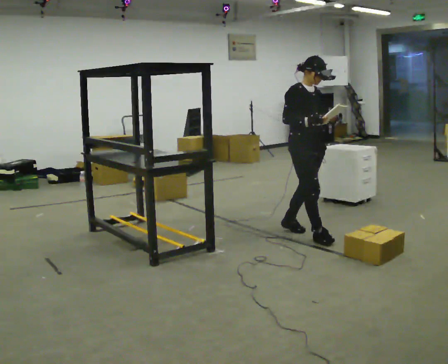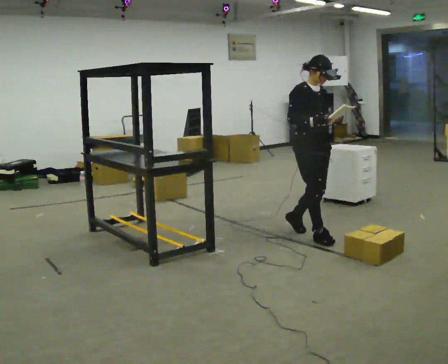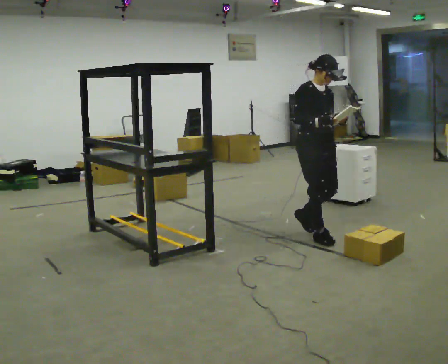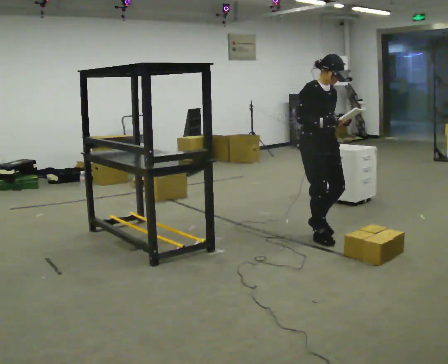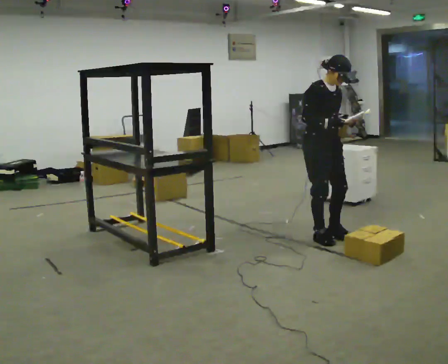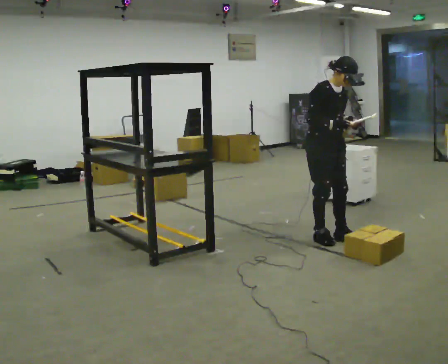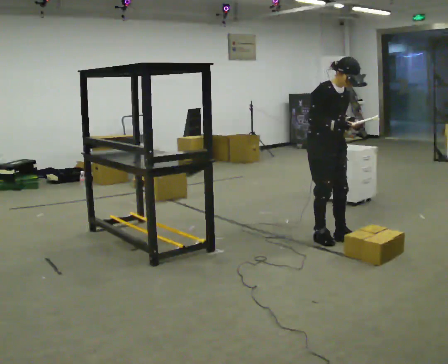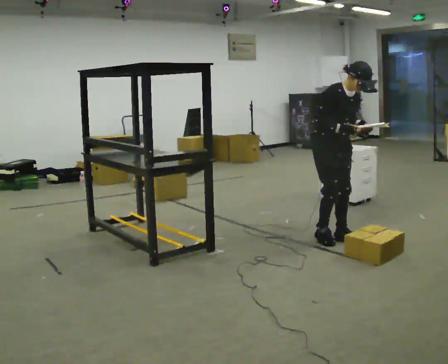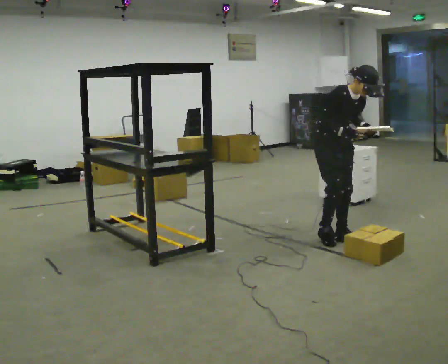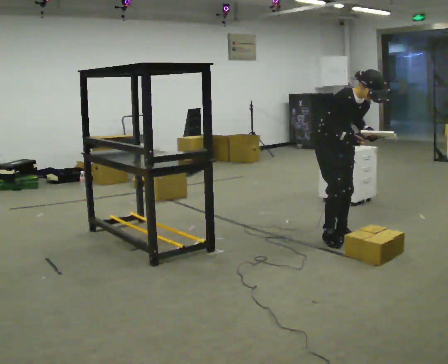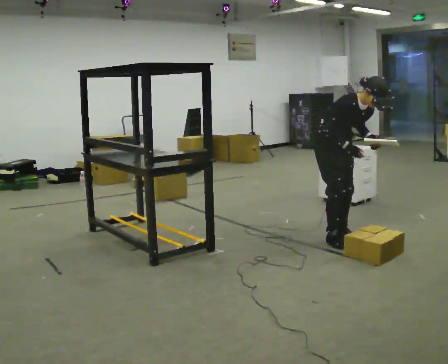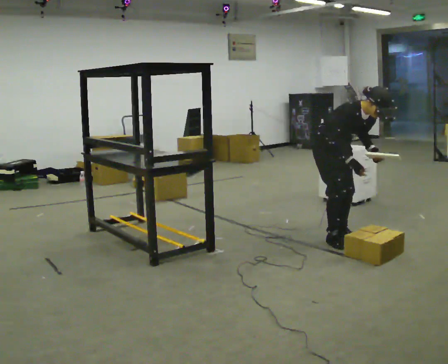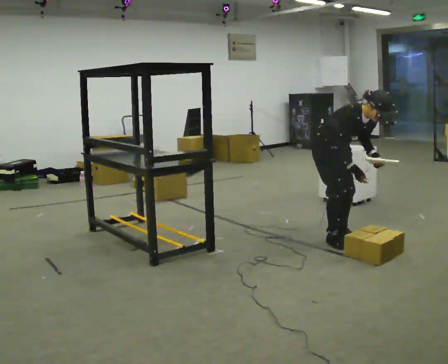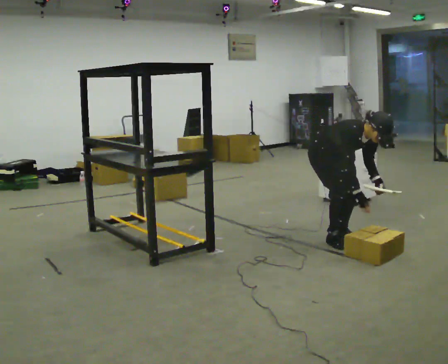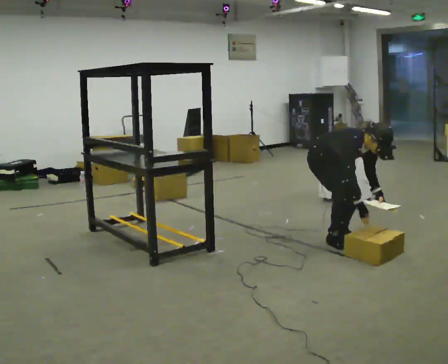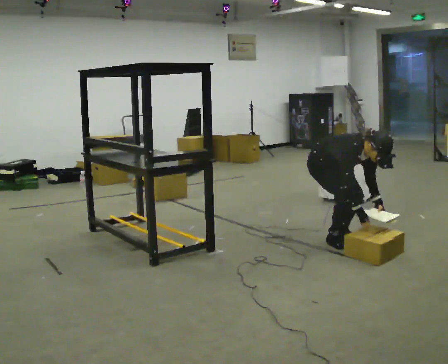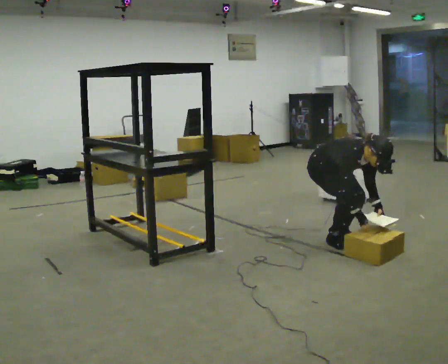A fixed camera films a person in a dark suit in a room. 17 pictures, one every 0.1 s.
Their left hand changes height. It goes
downward.
The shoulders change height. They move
downward.
0.0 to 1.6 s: In the picture they go to the right, about 0.25 m in 1 step, which for them is forward. The upper body goes downward. In the picture the upper body tilts clockwise, shoulders to the right, as they bend forward. In the picture their right hand goes downward and to the right.
The film runs forward here.
